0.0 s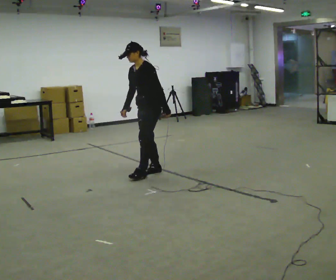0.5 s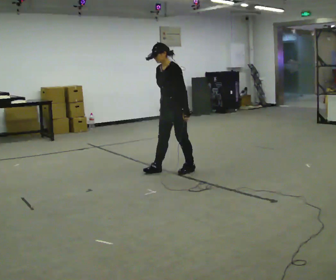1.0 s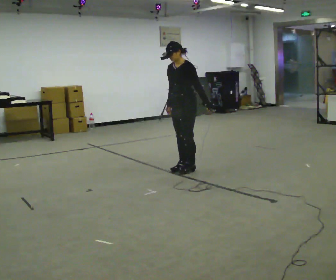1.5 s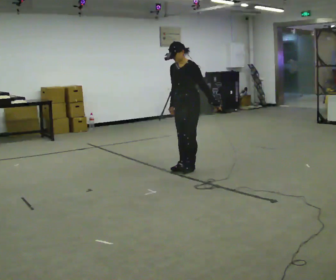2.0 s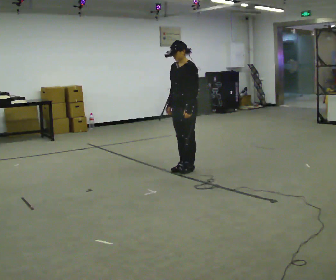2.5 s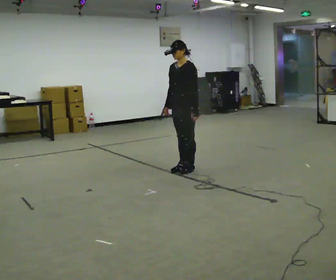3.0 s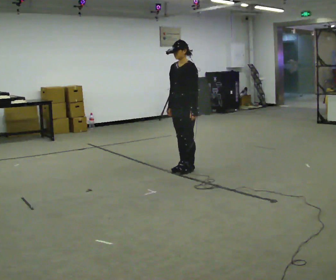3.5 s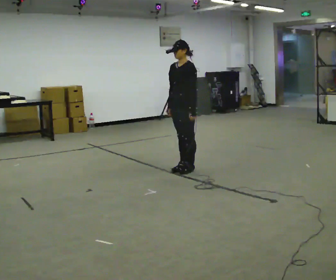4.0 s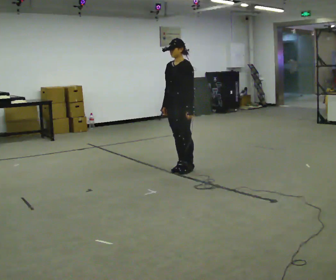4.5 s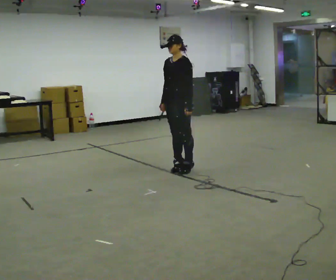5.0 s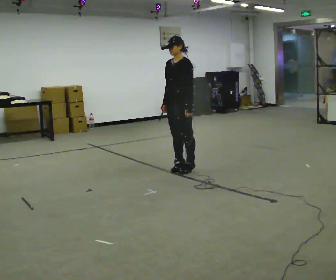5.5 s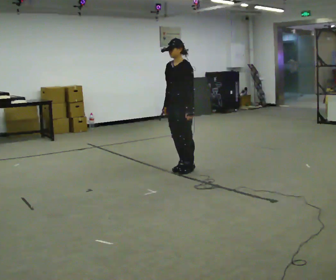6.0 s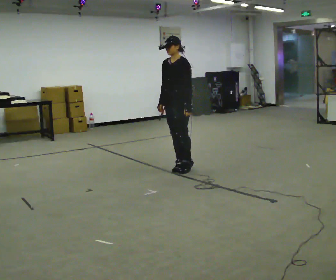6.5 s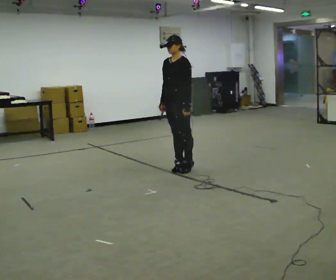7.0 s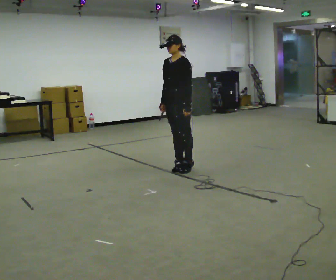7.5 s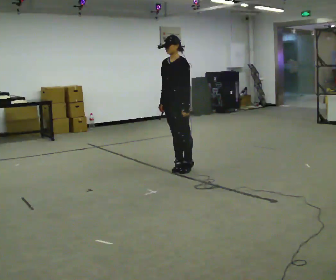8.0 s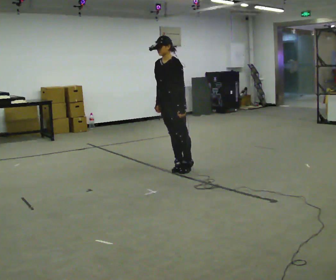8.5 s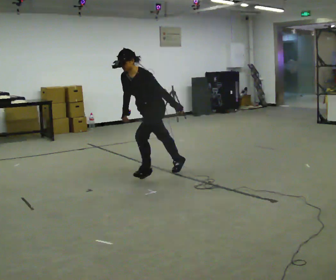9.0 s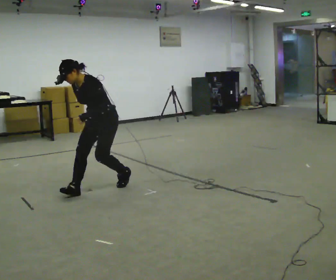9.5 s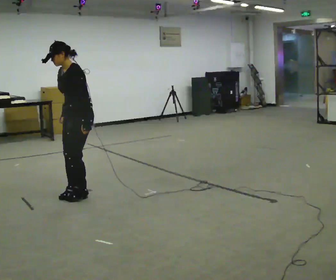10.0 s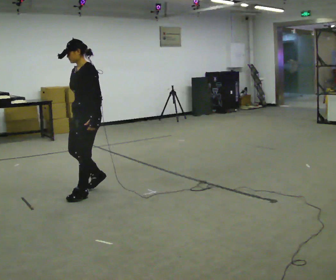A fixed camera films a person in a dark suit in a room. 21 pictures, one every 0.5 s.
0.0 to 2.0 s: In the picture they go to the right and away from the camera, about 0.5 m in 2 steps, which for them is backward.
2.0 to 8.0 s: The person moves a little, or ends about where they began.
8.0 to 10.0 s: In the picture they go toward the camera and to the left, about 1 m in 3 steps, which for them is forward.
The film runs forward here.
